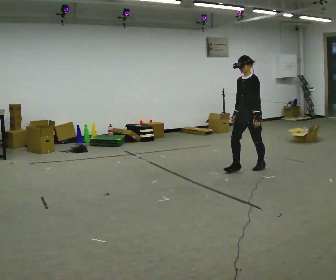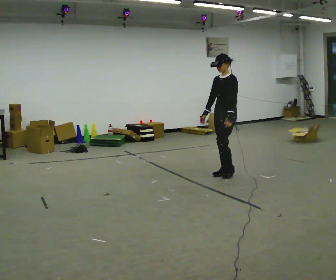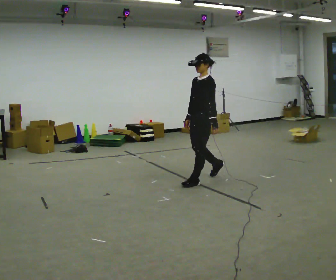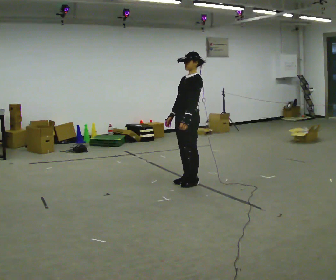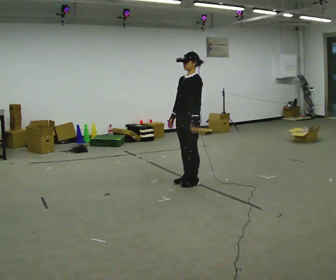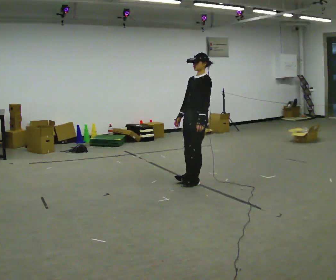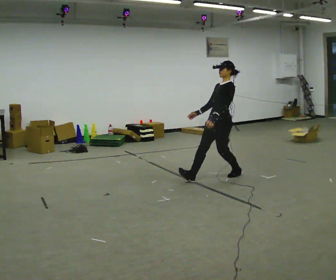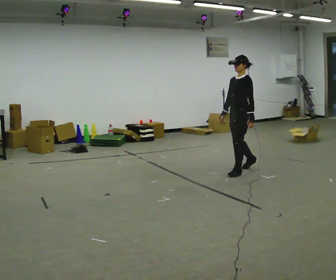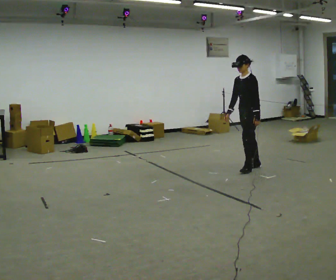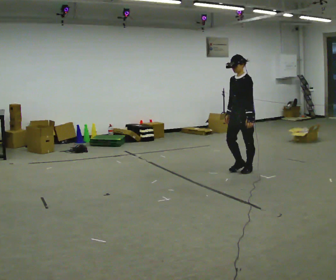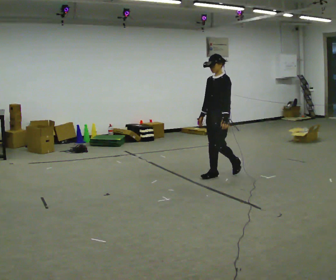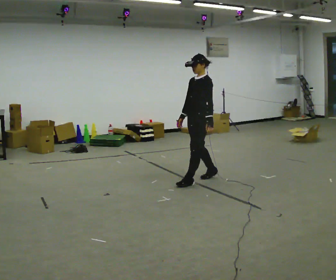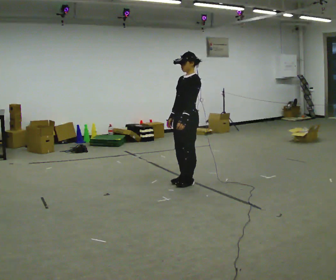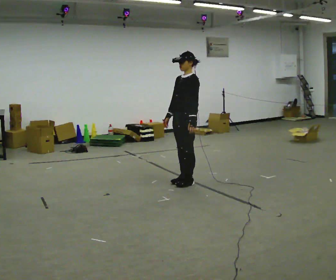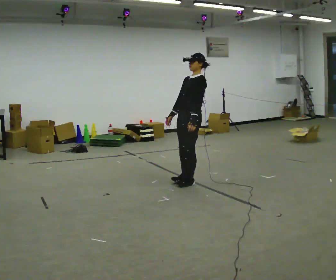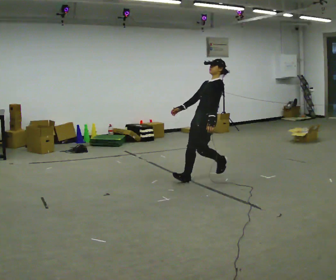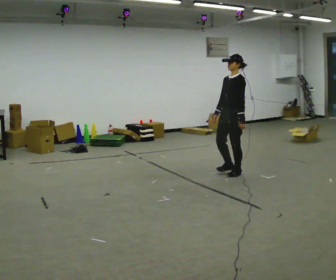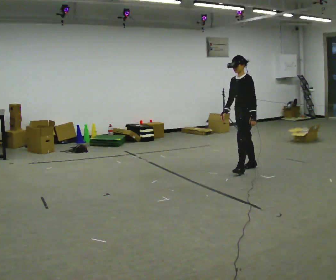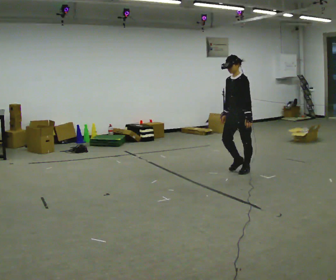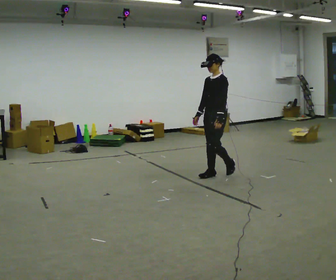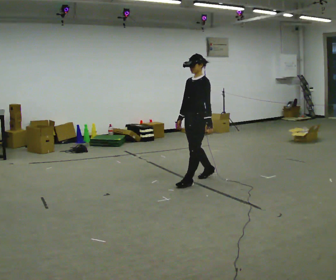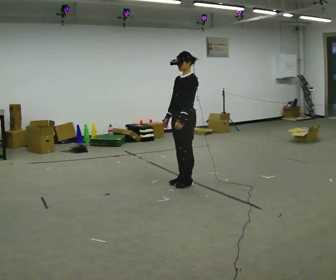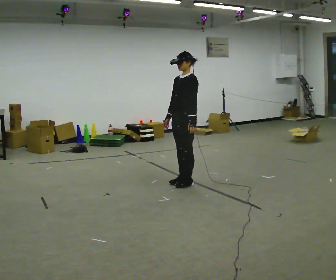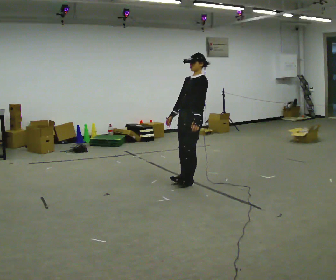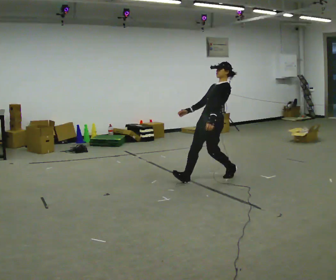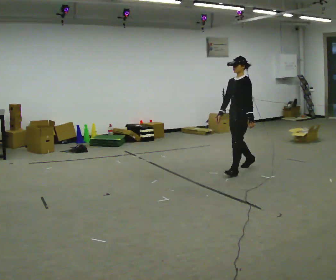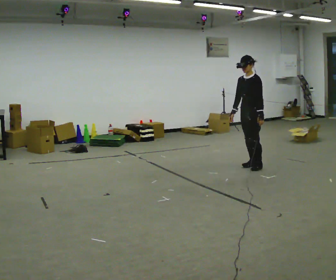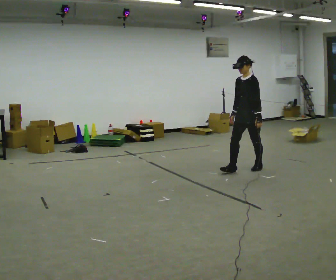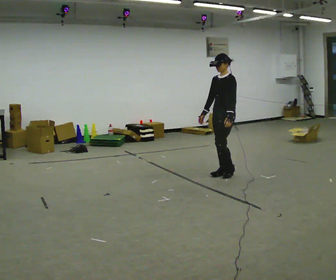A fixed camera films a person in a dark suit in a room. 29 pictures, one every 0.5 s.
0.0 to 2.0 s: In the picture they go to the left and toward the camera, about 1 m in 3 steps, which for them is forward.
2.0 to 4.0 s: In the picture they go to the right and away from the camera, about 1 m in 2 steps, which for them is backward.
4.0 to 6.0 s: In the picture they go to the left and toward the camera, about 1 m in 4 steps, which for them is forward.
6.0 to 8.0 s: In the picture they go to the right and away from the camera, about 1 m in 1 step, which for them is backward.
8.0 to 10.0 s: In the picture they go to the left and toward the camera, about 0.5 m in 4 steps, which for them is forward.
10.0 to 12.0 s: In the picture they go to the right, about 0.25 m in 1 step, which for them is backward. In the picture the upper body tilts clockwise, shoulders to the right.
12.0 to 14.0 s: In the picture they go away from the camera, about 0.25 m in 4 steps, which for them is backward.
The film runs forward here.
